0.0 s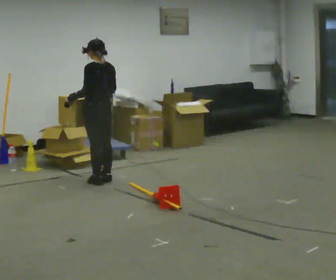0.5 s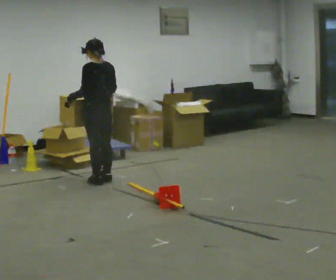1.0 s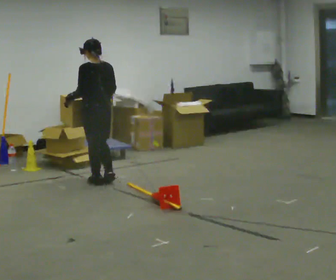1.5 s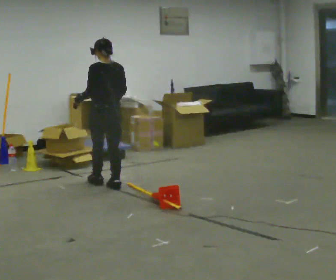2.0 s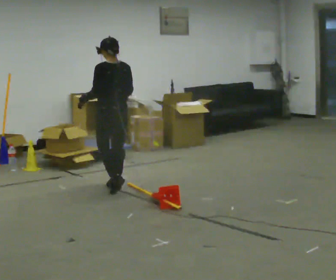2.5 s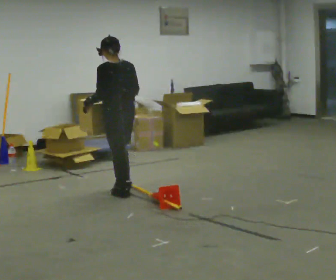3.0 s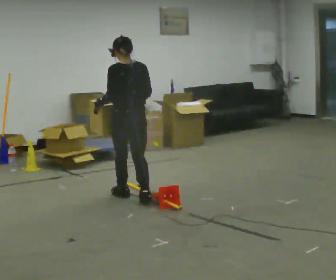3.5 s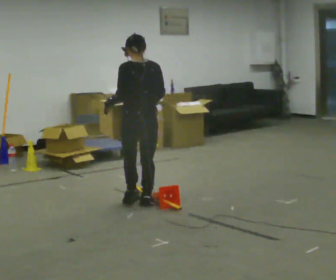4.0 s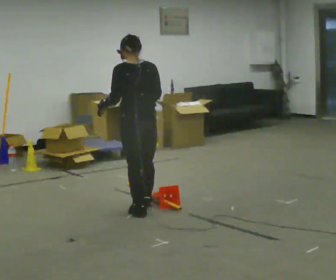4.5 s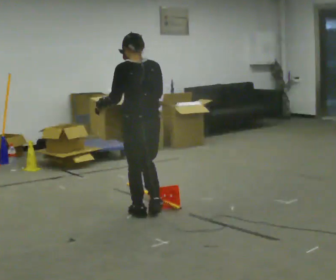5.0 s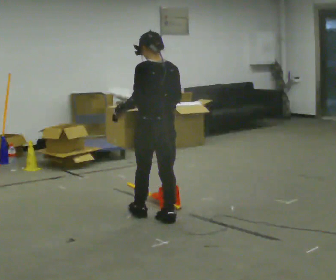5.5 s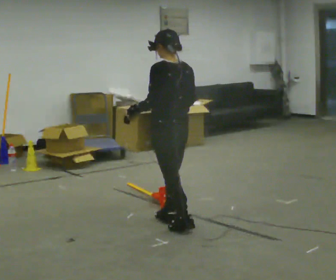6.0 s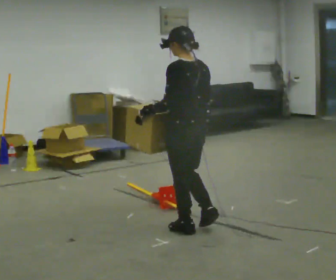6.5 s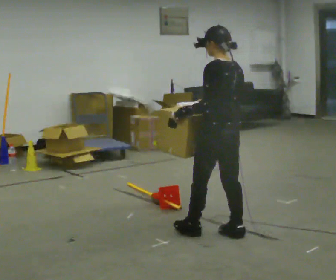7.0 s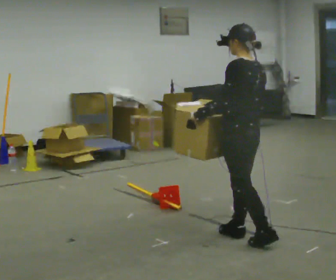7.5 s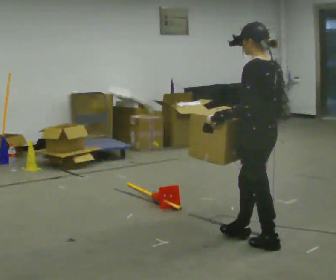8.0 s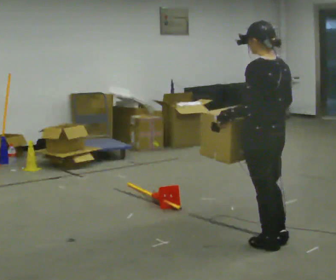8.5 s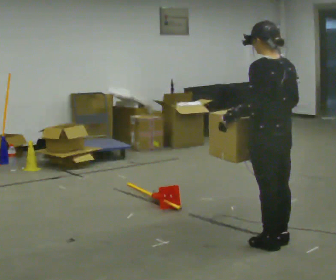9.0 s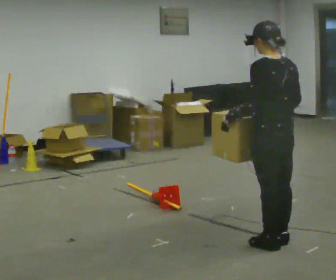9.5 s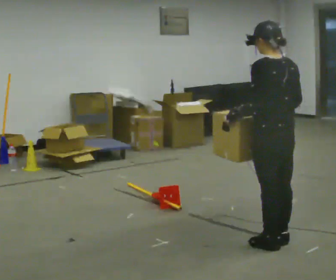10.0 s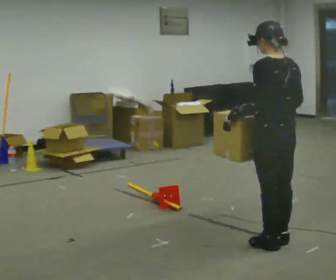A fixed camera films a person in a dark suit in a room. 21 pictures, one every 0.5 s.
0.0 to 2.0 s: In the picture they go toward the camera and to the right, about 0.5 m in 2 steps, which for them is backward.
2.0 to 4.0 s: In the picture they go toward the camera, about 1 m in 2 steps, which for them is backward.
4.0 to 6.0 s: In the picture they go toward the camera and to the right, about 0.5 m in 3 steps, which for them is backward.
6.0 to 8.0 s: In the picture they go to the right and toward the camera, about 0.75 m in 2 steps, which for them is backward.
8.0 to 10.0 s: The person moves a little, or ends about where they began.
The film runs backward here.
